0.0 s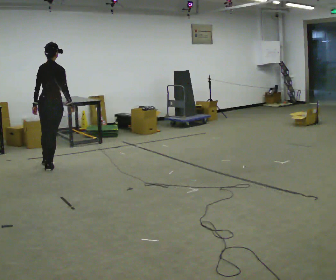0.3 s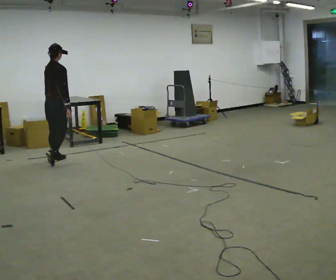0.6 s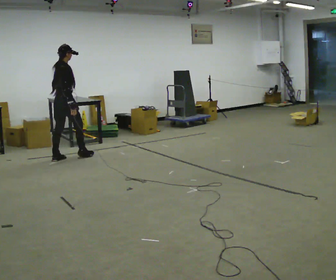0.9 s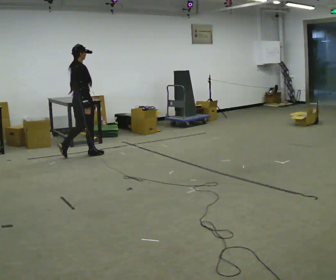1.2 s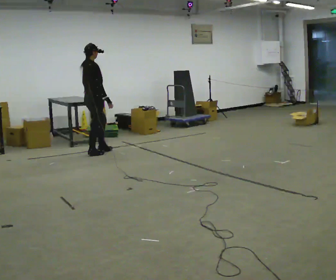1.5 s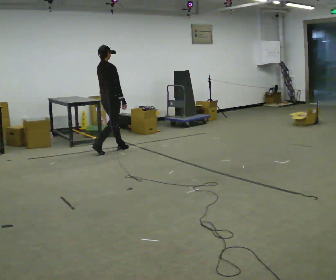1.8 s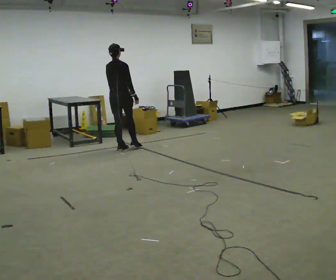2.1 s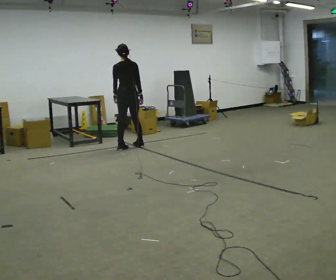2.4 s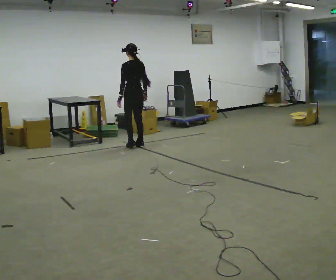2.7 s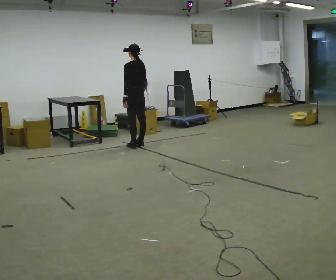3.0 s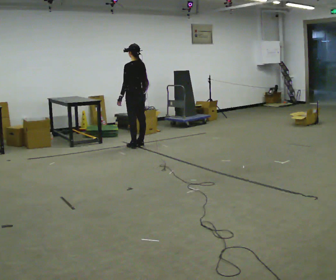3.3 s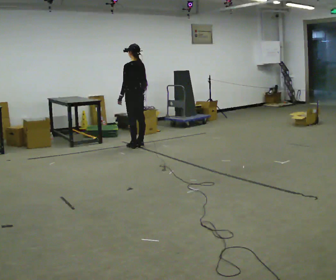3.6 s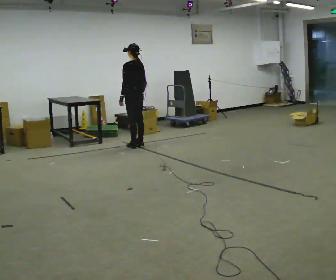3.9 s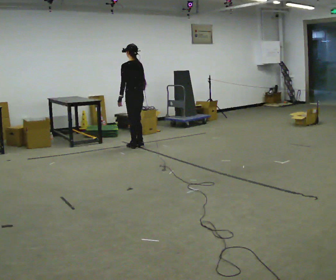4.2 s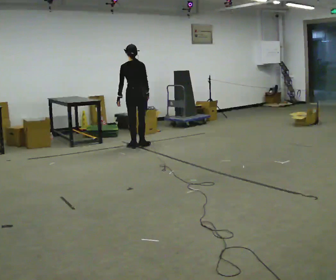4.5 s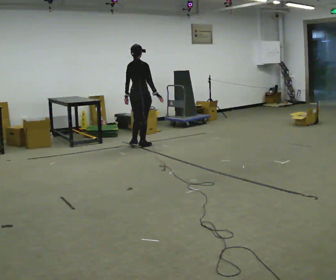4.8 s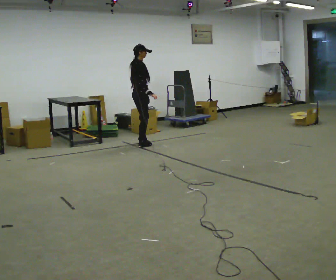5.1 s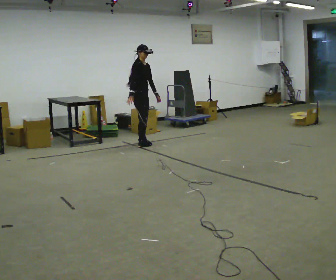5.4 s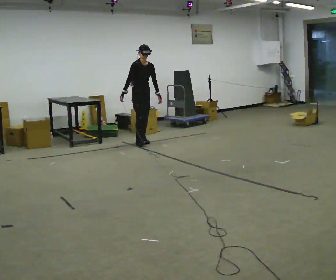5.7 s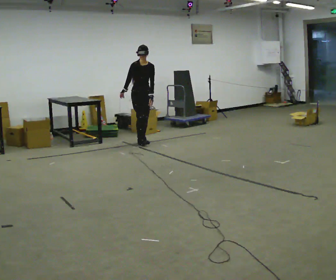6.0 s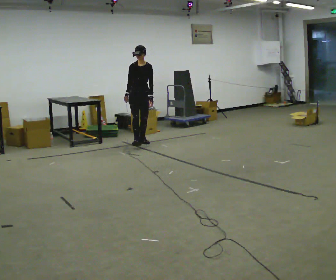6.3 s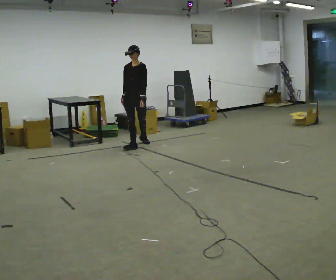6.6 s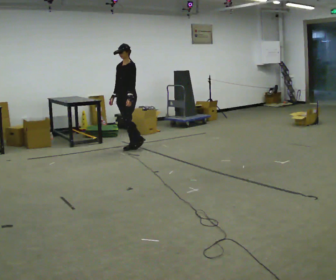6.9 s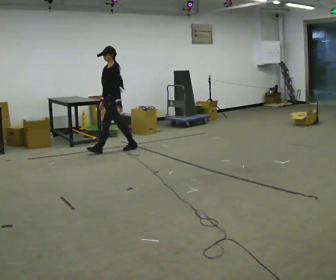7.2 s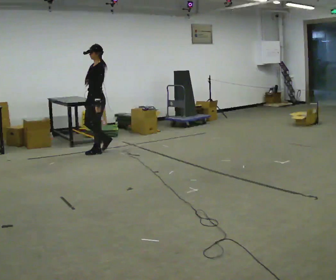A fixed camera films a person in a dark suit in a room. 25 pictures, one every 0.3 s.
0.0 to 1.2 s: Seen from above the body turns clockwise, about 45 degrees: to their right, with its near side sliding to the left. In the picture they go away from the camera and to the right, about 1 m in 2 steps, which for them is forward and to their left.
1.2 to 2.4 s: Seen from above the body turns counterclockwise, about 90 degrees: to their left, with its near side sliding to the right. In the picture they go to the right and away from the camera, about 1 m in 2 steps.
2.4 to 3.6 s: The person moves a little, or ends about where they began.
3.6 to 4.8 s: The part of the body nearest the lens slides to the left as the person turns to their right by about 135 degrees.
4.8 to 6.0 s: The person turns about 105 degrees to their right, clockwise seen from above, so the part of the body nearest the lens slides to the left. In the picture their right hand goes to the left.
6.0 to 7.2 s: Seen from above the body turns clockwise, about 60 degrees: to their right, with its near side sliding to the left. In the picture they go to the left and toward the camera, about 1 m in 2 steps.
The film runs forward here.
